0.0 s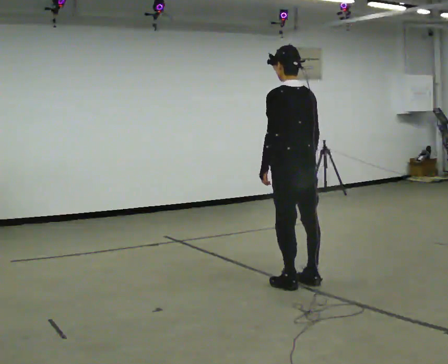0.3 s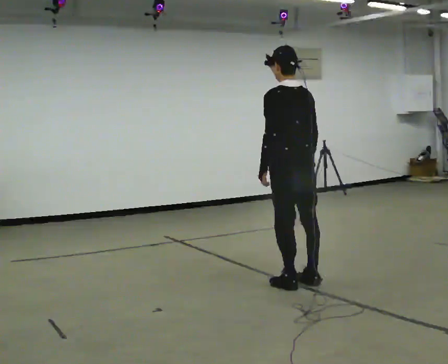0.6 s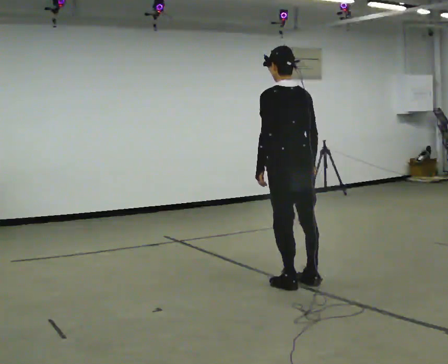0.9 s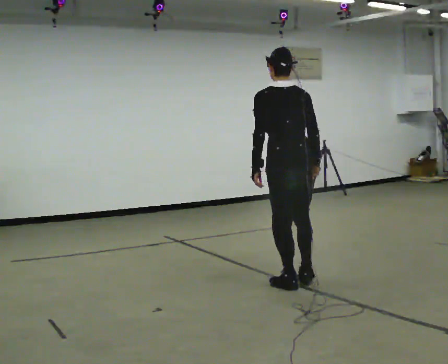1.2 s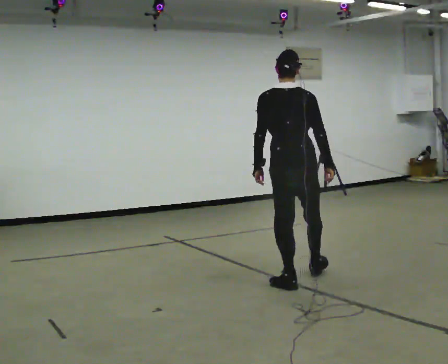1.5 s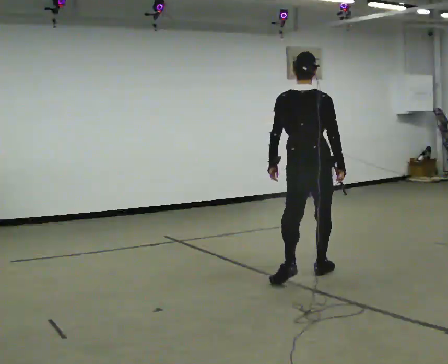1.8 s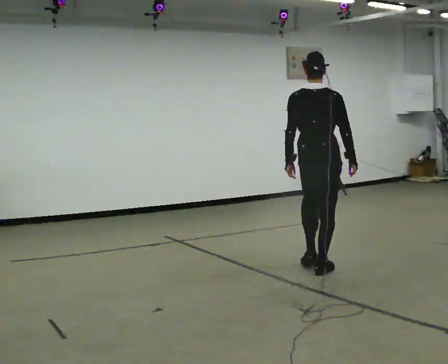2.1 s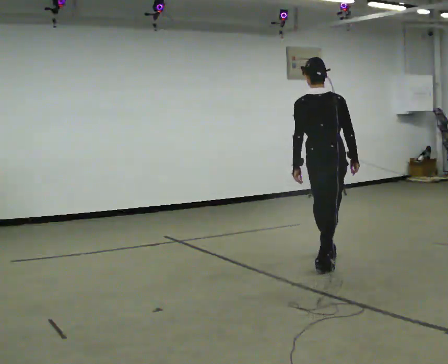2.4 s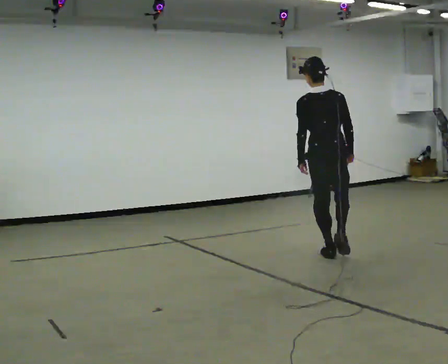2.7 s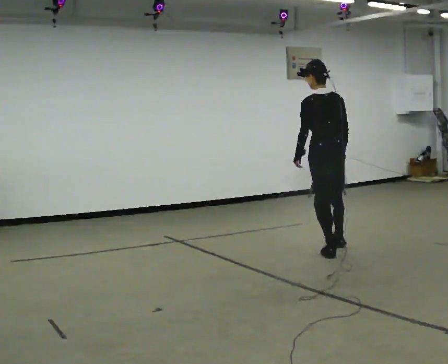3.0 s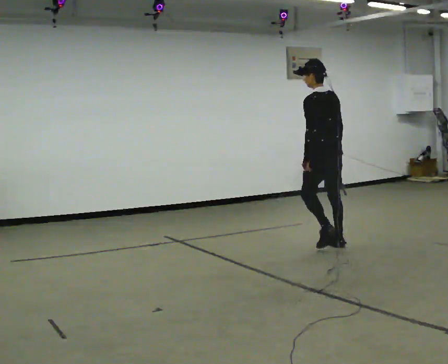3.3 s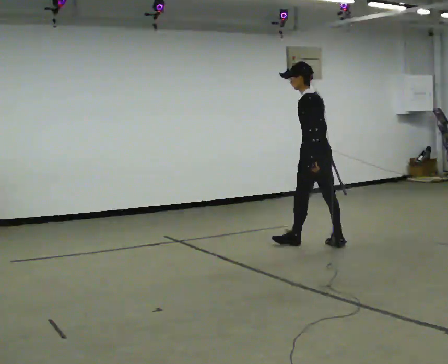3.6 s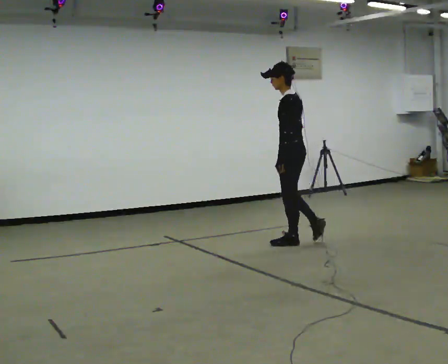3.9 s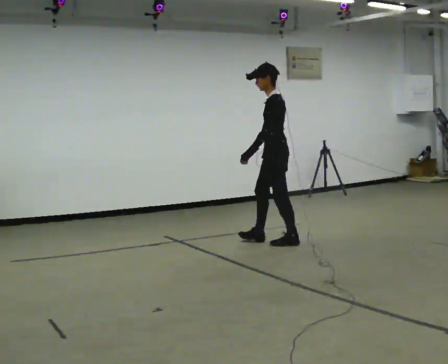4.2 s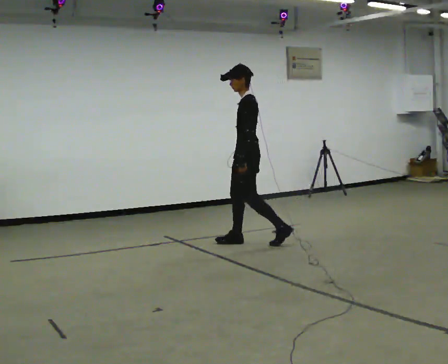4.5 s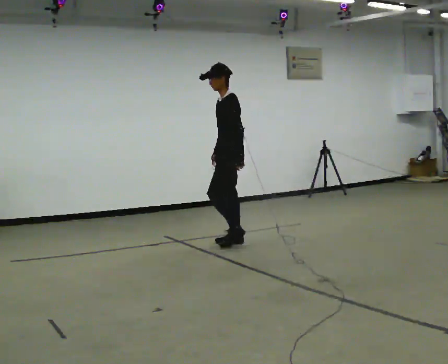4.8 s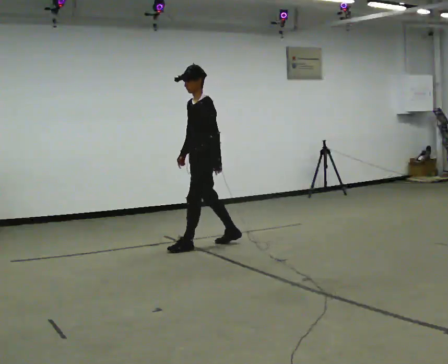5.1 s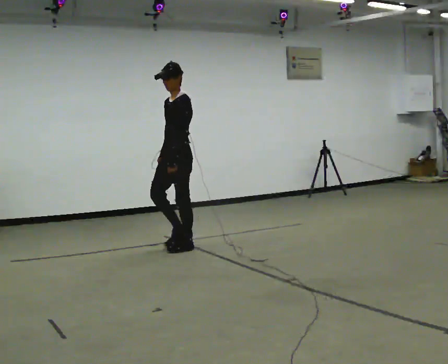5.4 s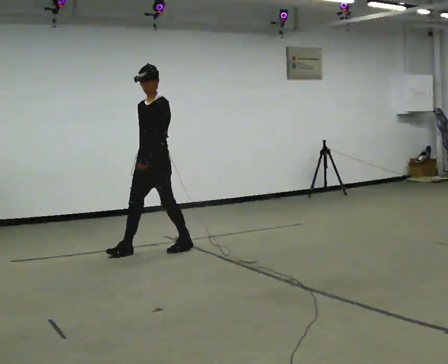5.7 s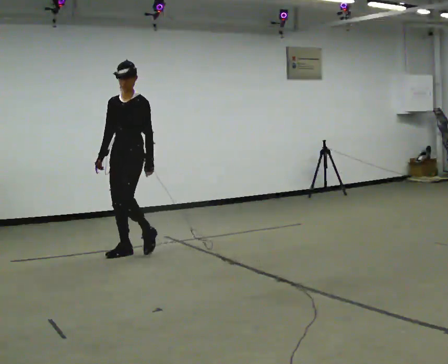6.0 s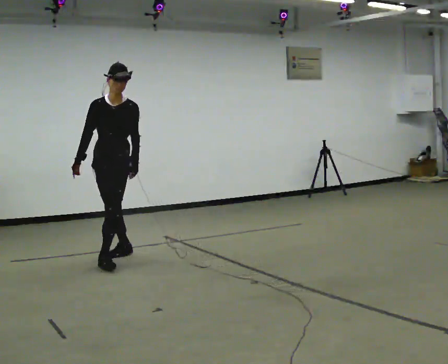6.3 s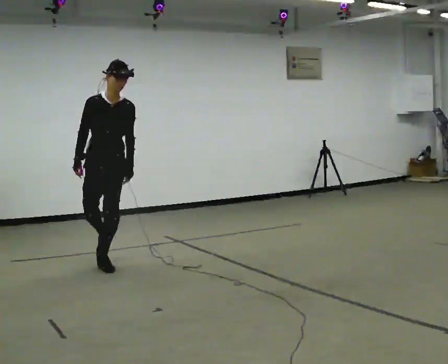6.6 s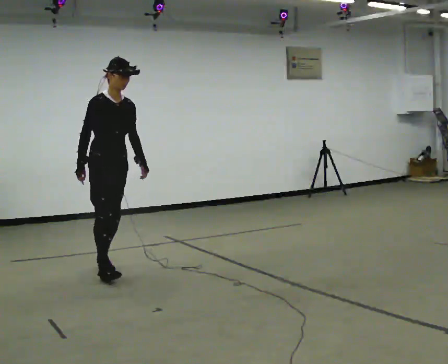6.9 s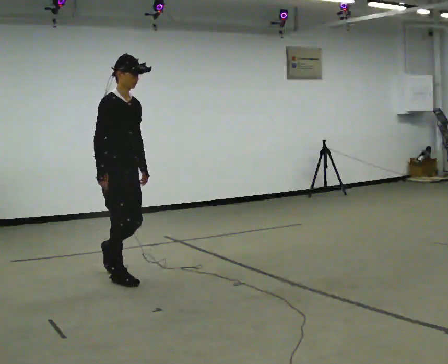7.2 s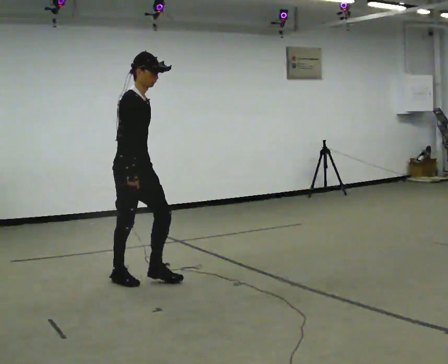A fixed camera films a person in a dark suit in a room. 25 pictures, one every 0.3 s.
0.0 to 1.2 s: The part of the body nearest the lens slides to the left as the person turns to their right by about 30 degrees.
1.2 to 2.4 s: In the picture they go away from the camera, about 1 m in 2 steps, which for them is forward.
2.4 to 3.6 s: The person turns about 75 degrees to their left, counterclockwise seen from above, so the part of the body nearest the lens slides to the right. In the picture they go away from the camera and to the left, about 0.75 m in 2 steps.
3.6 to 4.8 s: Seen from above the body turns counterclockwise, about 45 degrees: to their left, with its near side sliding to the right. In the picture they go to the left, about 1 m in 2 steps, which for them is forward.
4.8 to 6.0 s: The person turns about 60 degrees to their left, counterclockwise seen from above, so the part of the body nearest the lens slides to the right. In the picture they go to the left and toward the camera, about 1 m in 1 step.
6.0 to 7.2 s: Seen from above the body turns counterclockwise, about 75 degrees: to their left, with its near side sliding to the right. In the picture they go toward the camera and to the right, about 1 m in 2 steps.
The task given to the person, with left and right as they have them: Walk one full figure-eight continuously at comfortable speed; stop.
The film runs forward here.
